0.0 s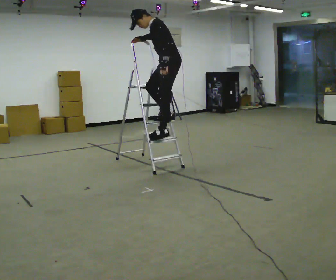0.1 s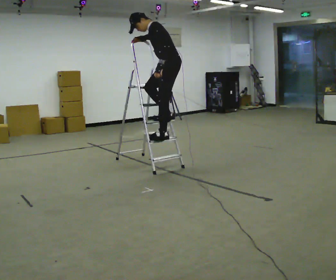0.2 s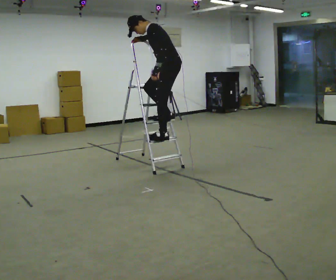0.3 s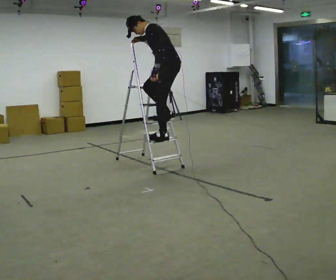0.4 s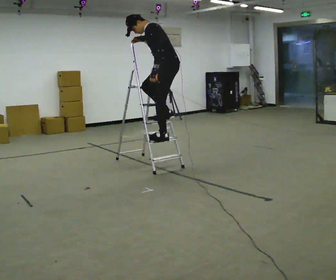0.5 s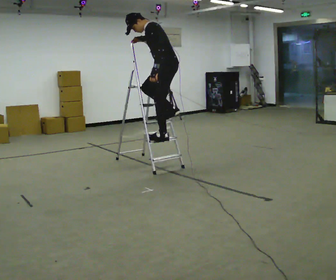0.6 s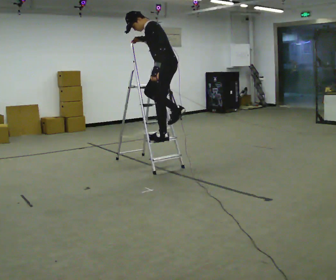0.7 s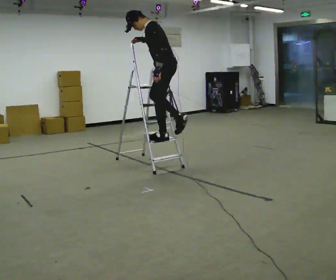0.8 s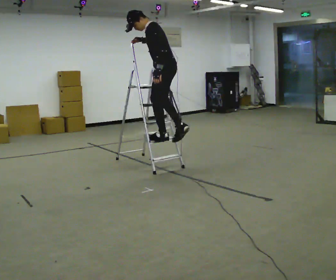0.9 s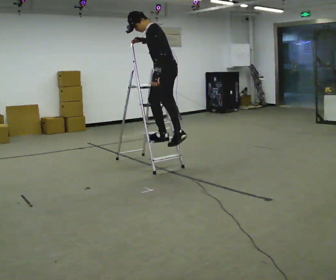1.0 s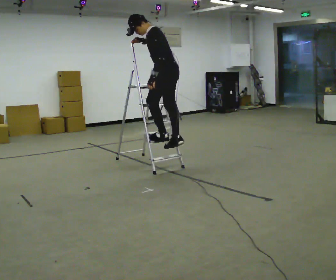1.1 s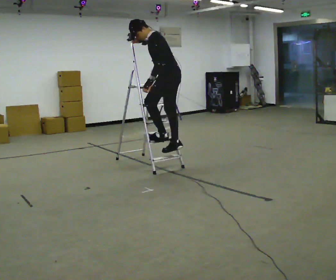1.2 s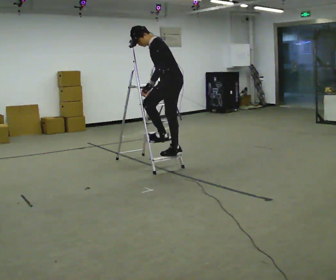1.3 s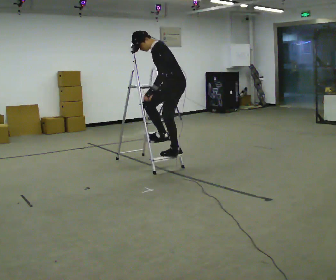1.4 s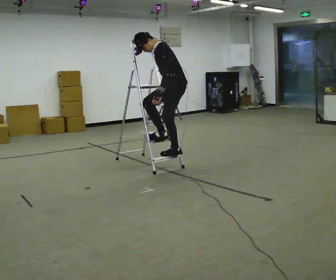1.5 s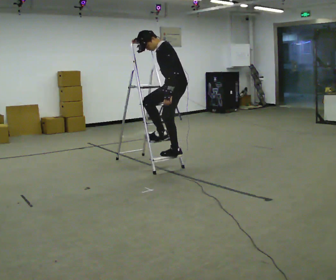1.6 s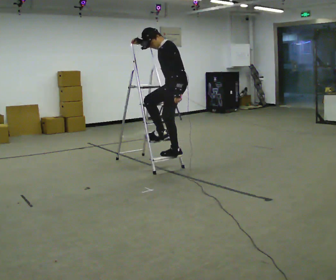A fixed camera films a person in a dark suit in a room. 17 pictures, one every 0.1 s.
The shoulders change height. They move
downward.
0.0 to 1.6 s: The upper body goes downward.
The film runs forward here.
